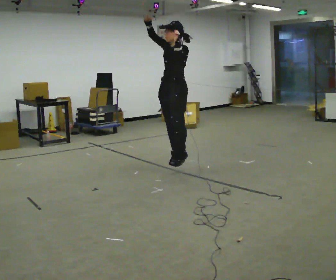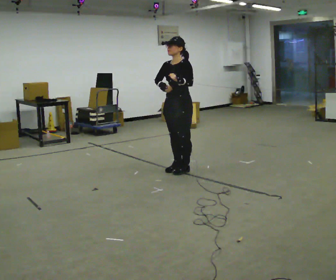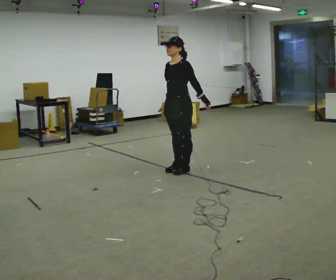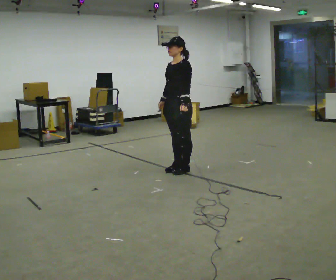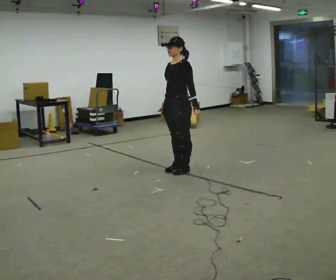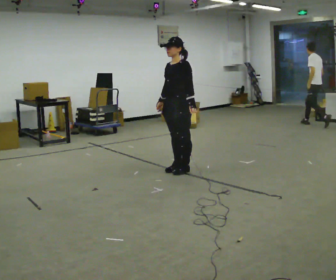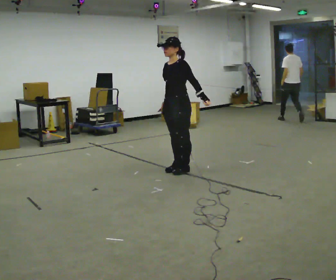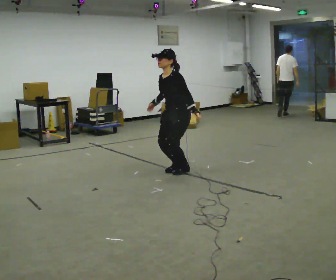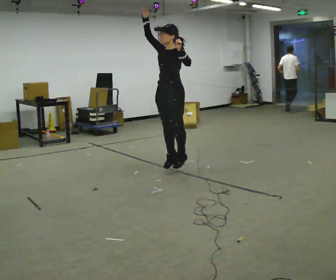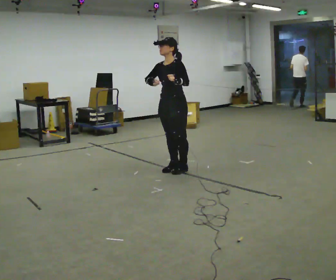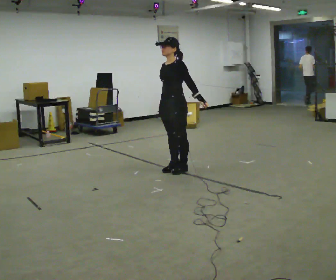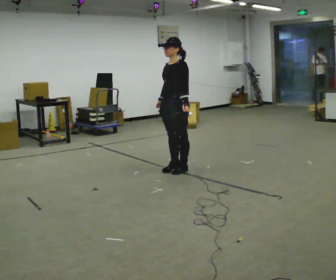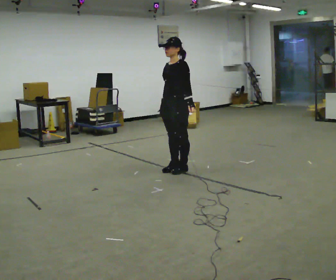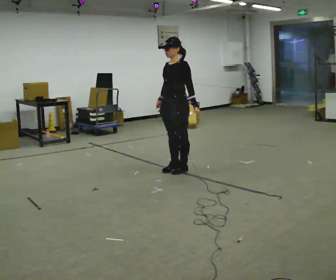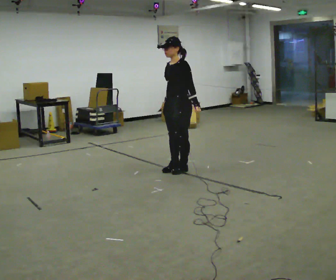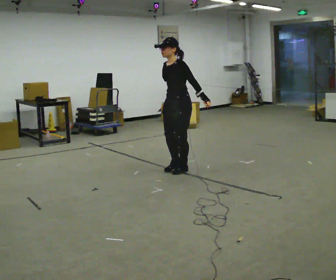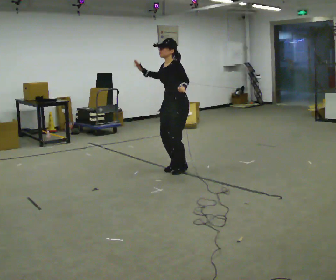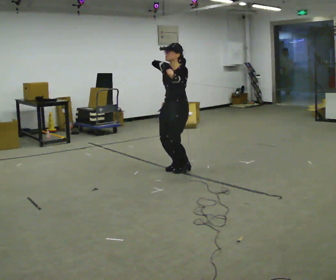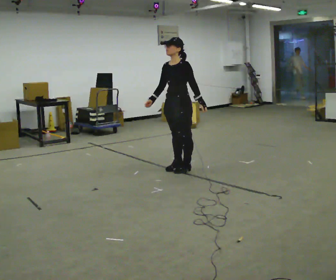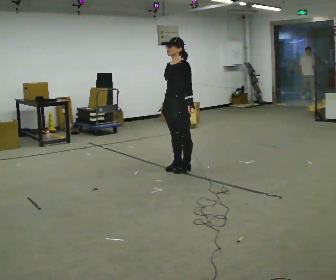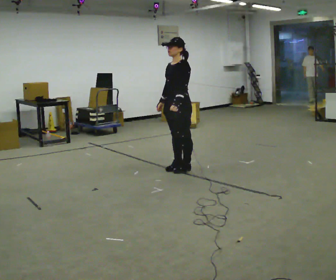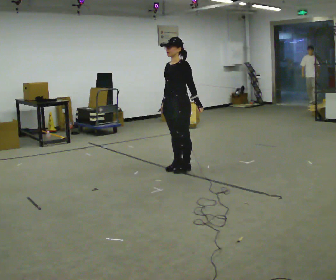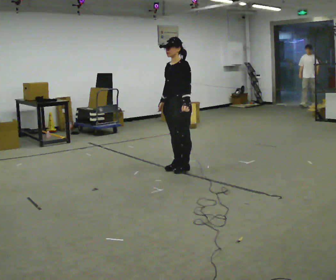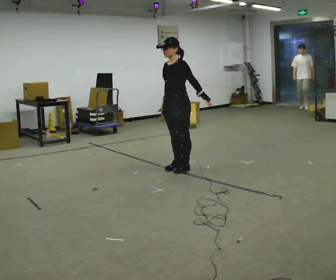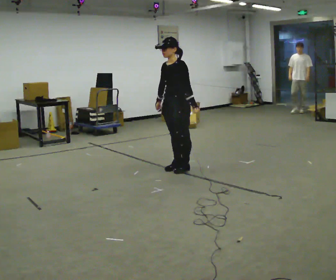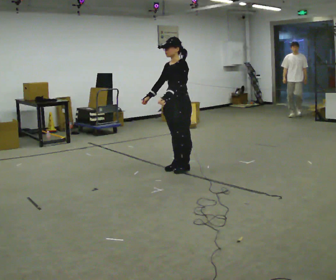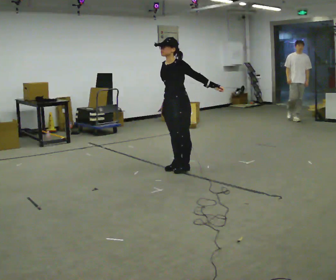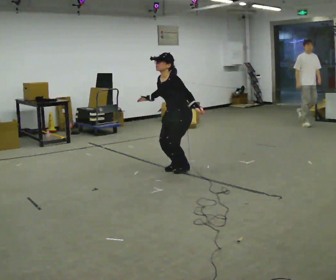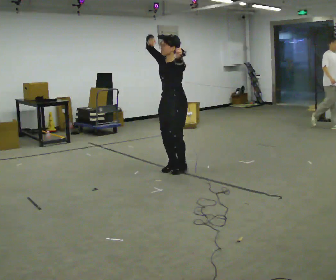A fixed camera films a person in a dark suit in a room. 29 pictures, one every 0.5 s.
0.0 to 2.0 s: In the picture their right hand goes downward.
2.0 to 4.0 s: In the picture their right hand goes upward, the arm swinging clockwise.
4.0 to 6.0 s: In the picture their right hand goes downward.
6.0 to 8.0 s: In the picture their right hand goes upward.
8.0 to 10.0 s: In the picture their right hand goes downward.
10.0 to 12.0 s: The person moves a little, or ends about where they began.
12.0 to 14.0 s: In the picture their right hand goes upward.
The film runs forward here.
